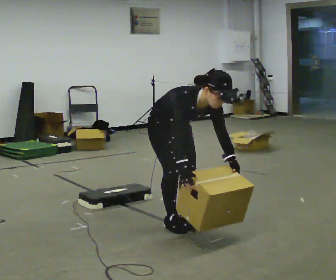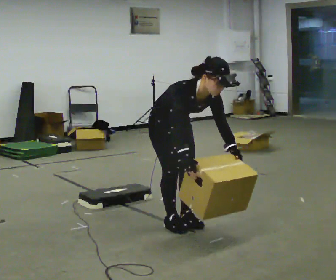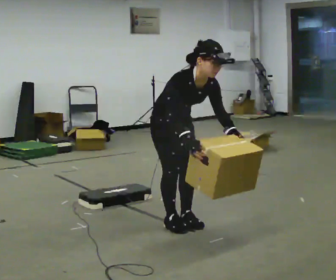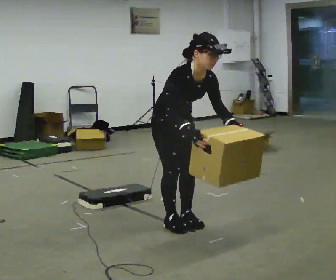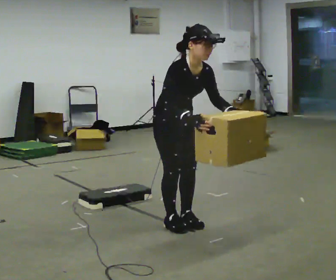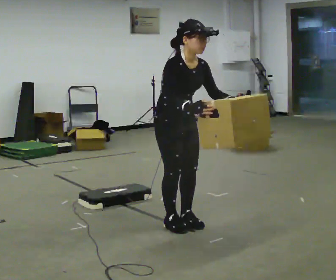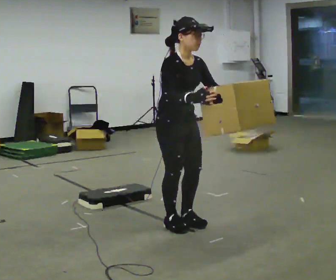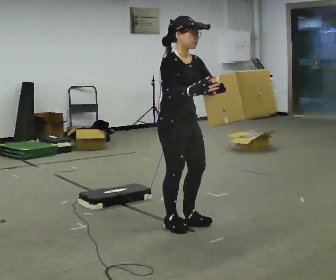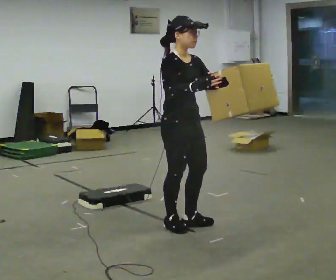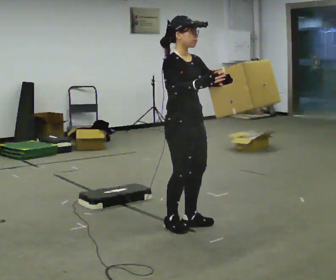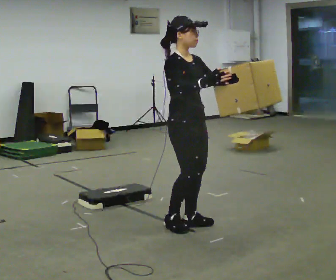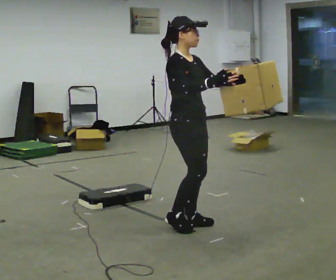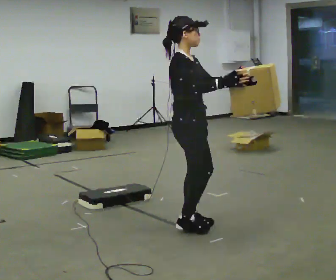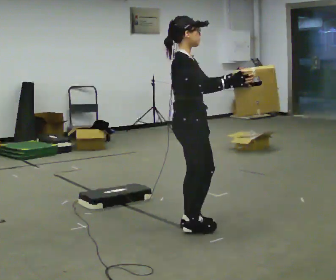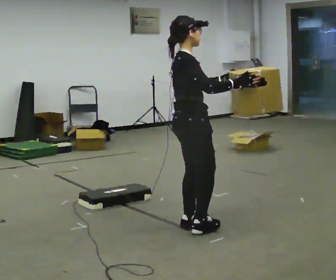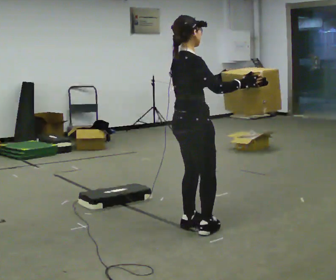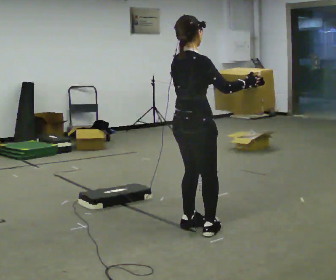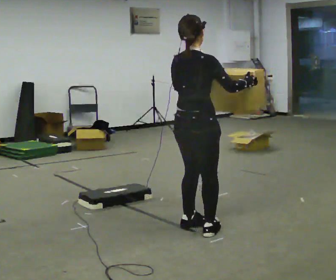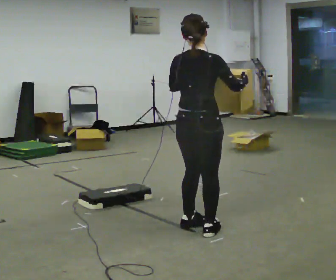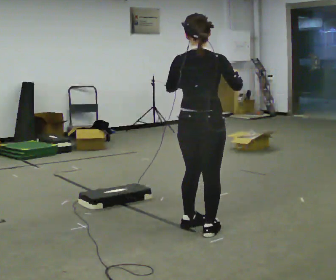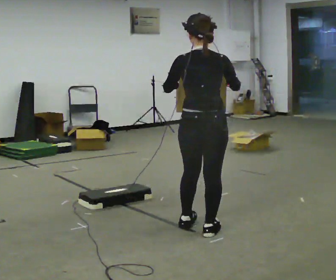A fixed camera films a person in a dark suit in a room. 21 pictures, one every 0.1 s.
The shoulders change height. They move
upward.
Their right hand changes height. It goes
upward.
0.0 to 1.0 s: The upper body goes upward. In the picture the upper body tilts counterclockwise, shoulders to the left, as they lean back or straighten. In the picture their right hand goes upward.
1.0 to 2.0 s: The person turns about 120 degrees to their left, counterclockwise seen from above, so the part of the body nearest the lens slides to the right. In the picture they go toward the camera and to the right, about 0.25 m in 1 step.
The film runs forward here.
